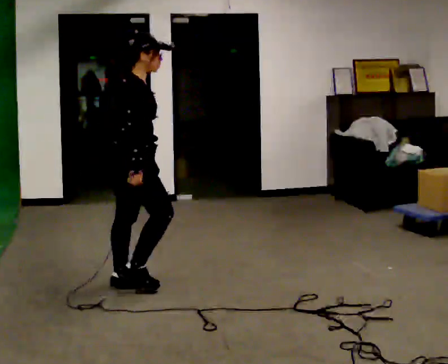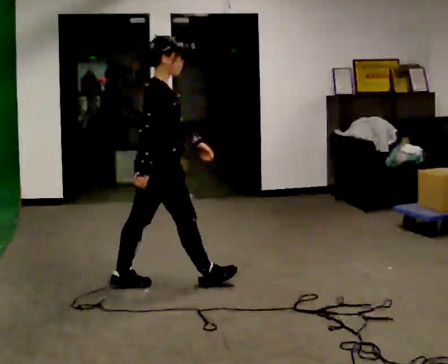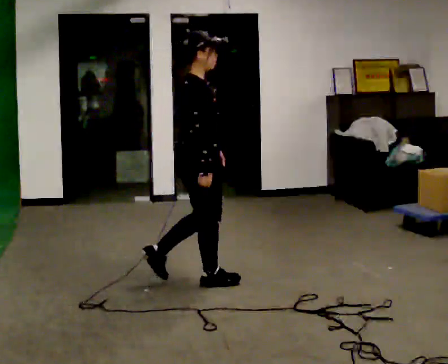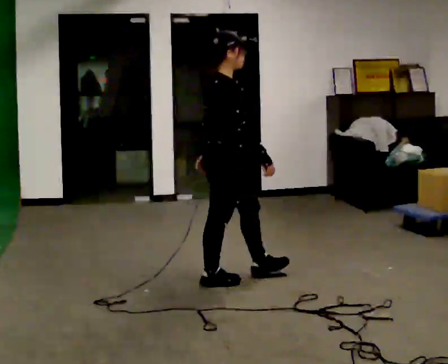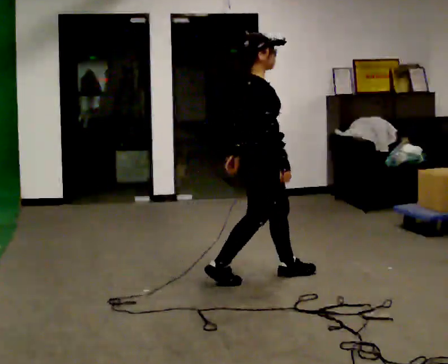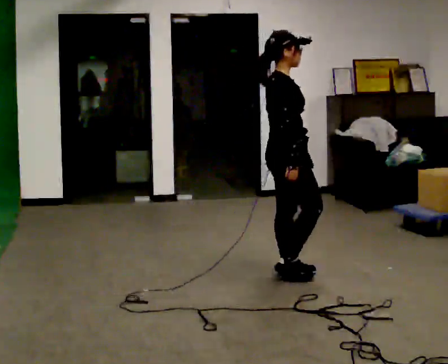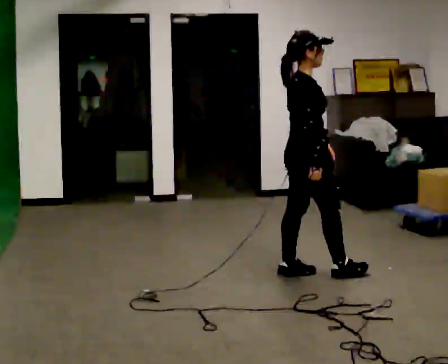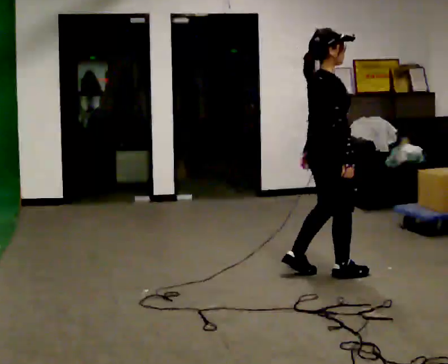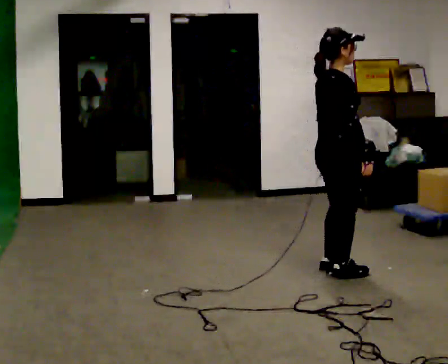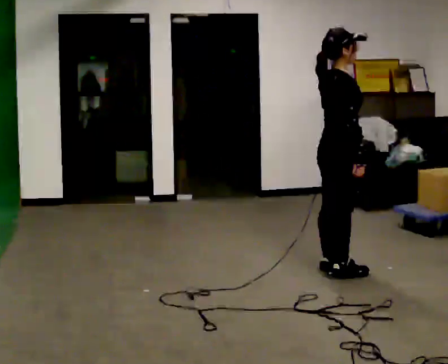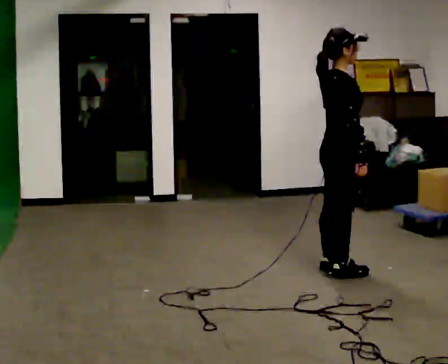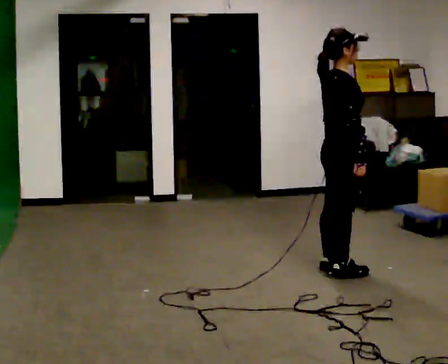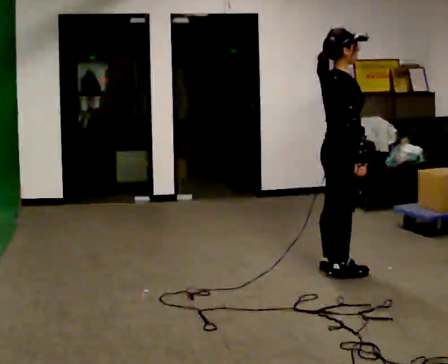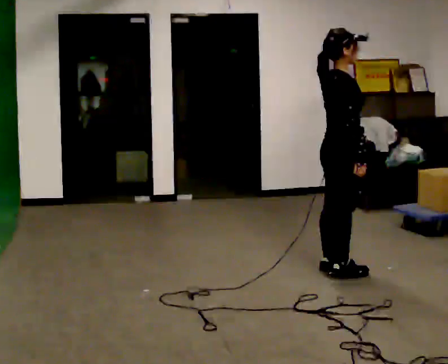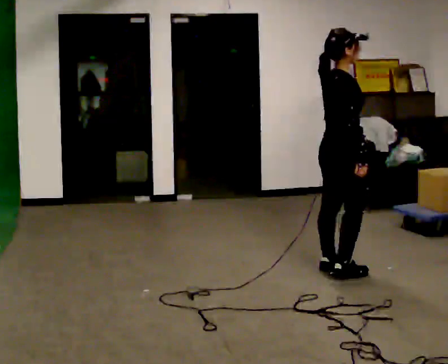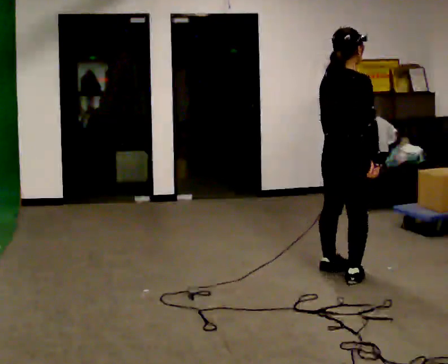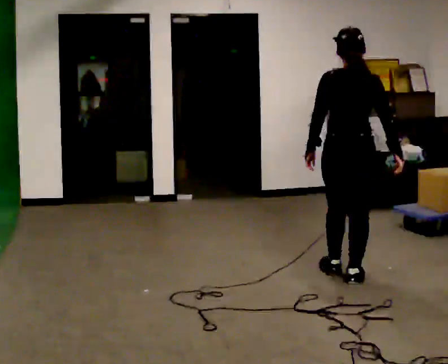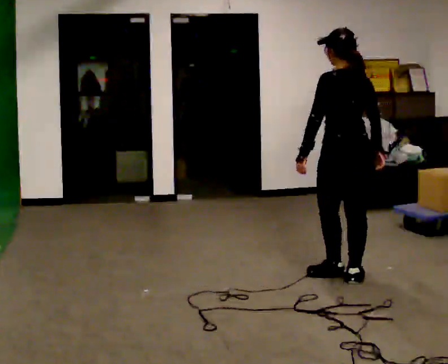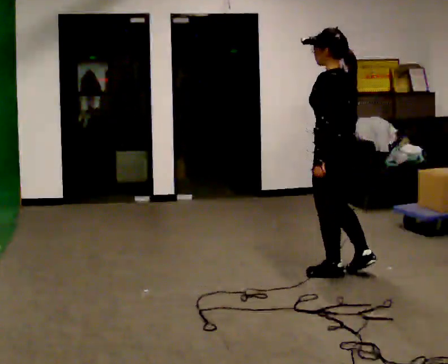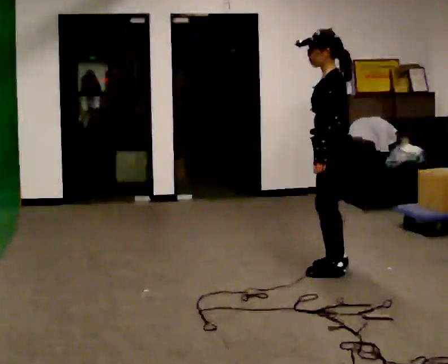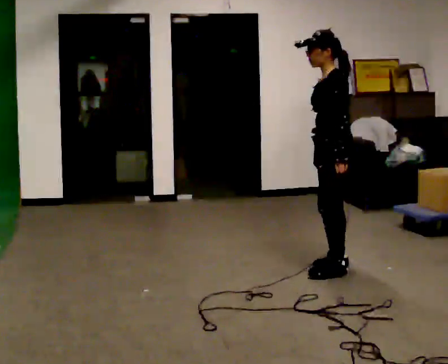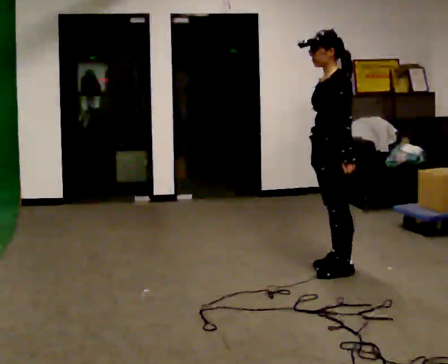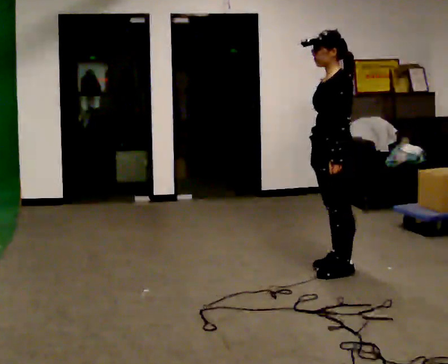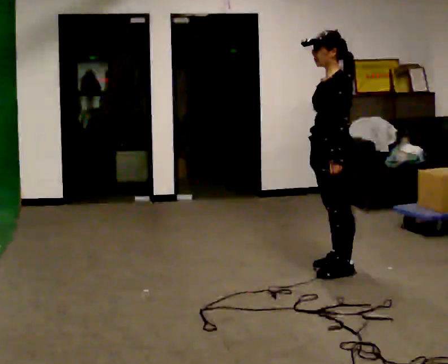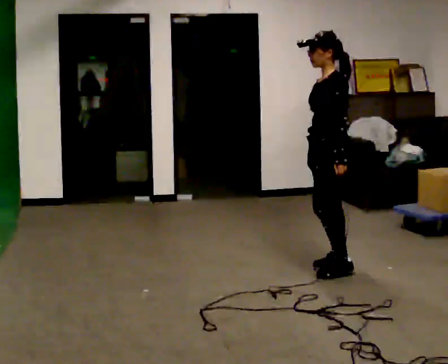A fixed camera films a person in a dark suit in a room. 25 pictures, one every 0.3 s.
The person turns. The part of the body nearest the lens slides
to the right.
The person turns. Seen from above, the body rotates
counterclockwise.
0.0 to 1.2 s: In the picture they go to the right, about 1 m in 2 steps, which for them is forward.
1.2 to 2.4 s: In the picture they go to the right, about 0.5 m in 2 steps, which for them is forward.
2.4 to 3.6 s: The person moves a little, or ends about where they began.
3.6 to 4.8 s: The person turns about 75 degrees to their left, counterclockwise seen from above, so the part of the body nearest the lens slides to the right.
4.8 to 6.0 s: The person turns about 105 degrees to their left, counterclockwise seen from above, so the part of the body nearest the lens slides to the right. In the picture they go away from the camera, about 0.25 m in 2 steps.
6.0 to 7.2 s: The person moves a little, or ends about where they began.
The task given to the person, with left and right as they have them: Walk; crouch comfortably at marker; remain briefly; stand and continue.
The film runs forward here.
